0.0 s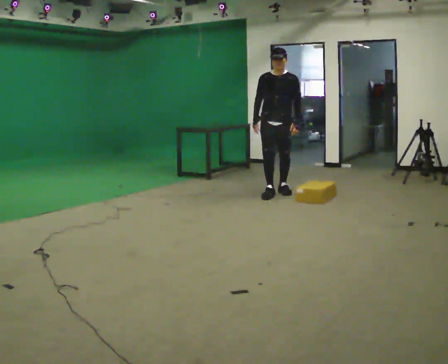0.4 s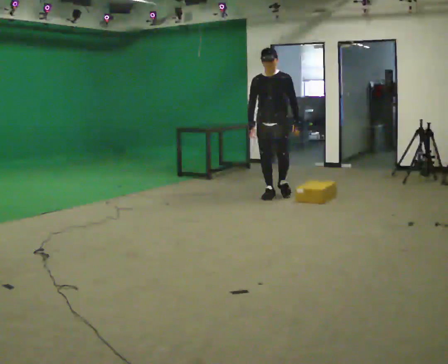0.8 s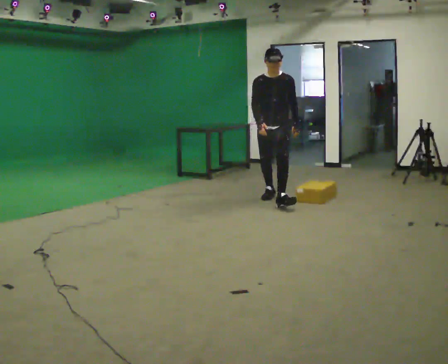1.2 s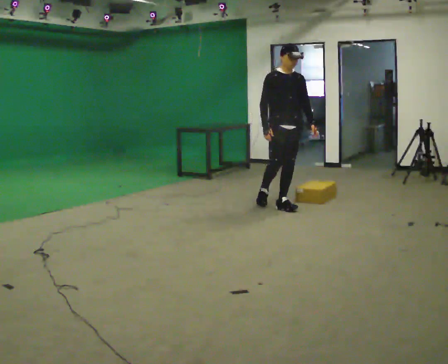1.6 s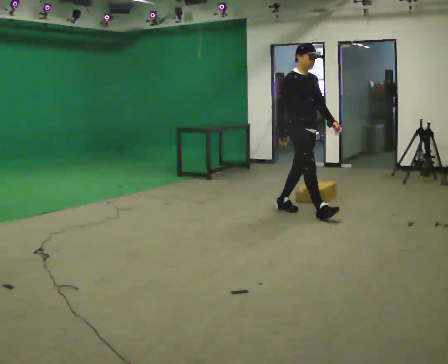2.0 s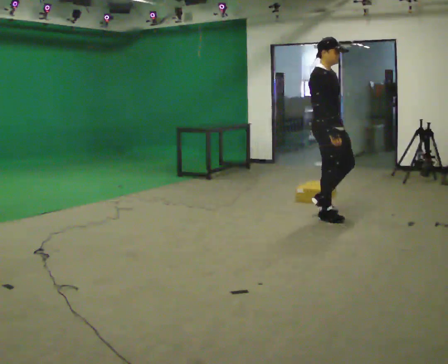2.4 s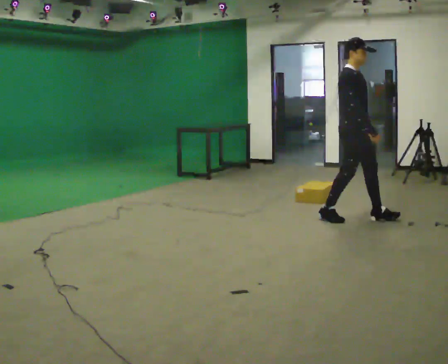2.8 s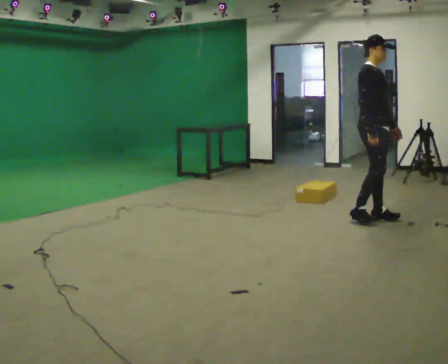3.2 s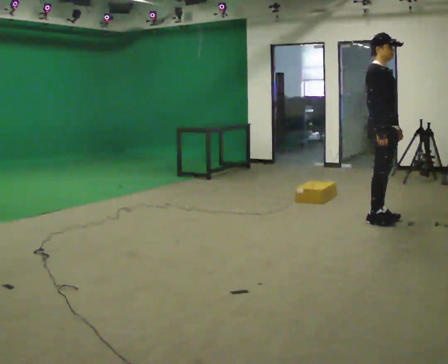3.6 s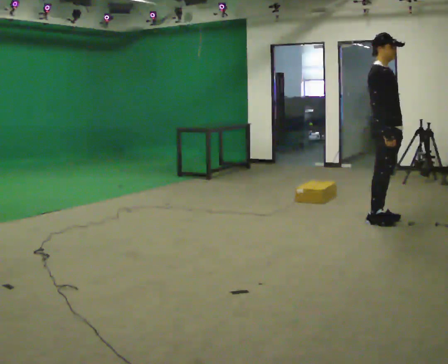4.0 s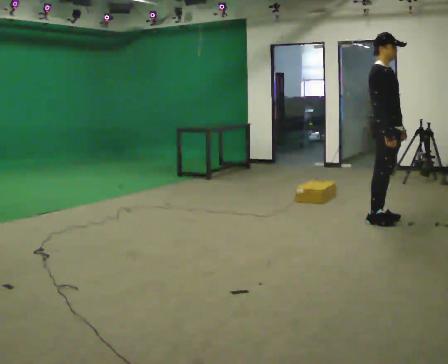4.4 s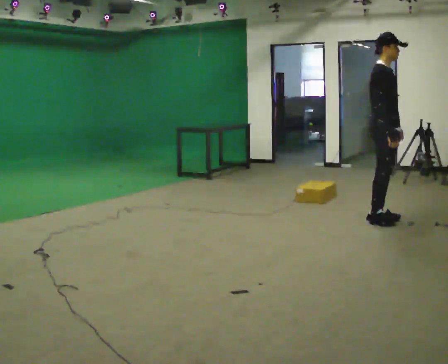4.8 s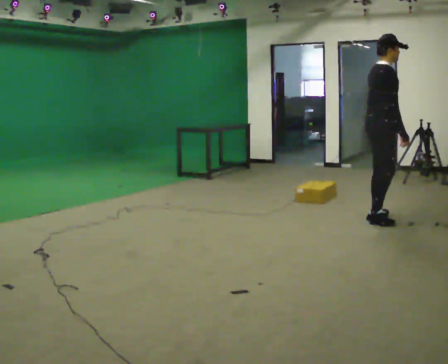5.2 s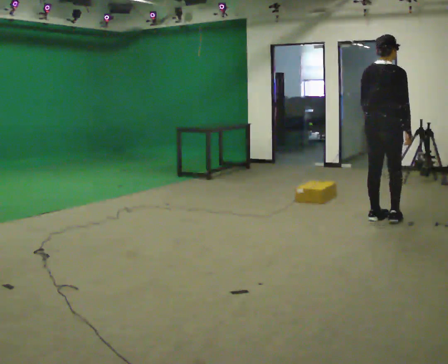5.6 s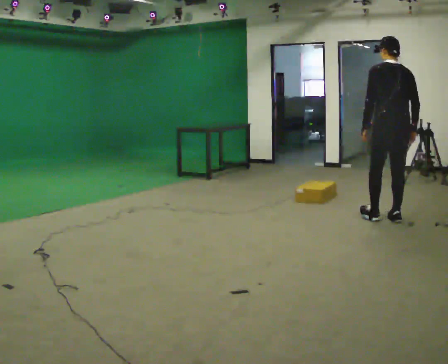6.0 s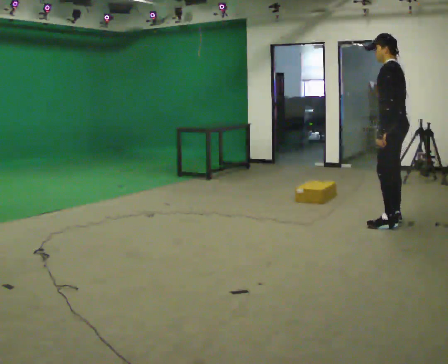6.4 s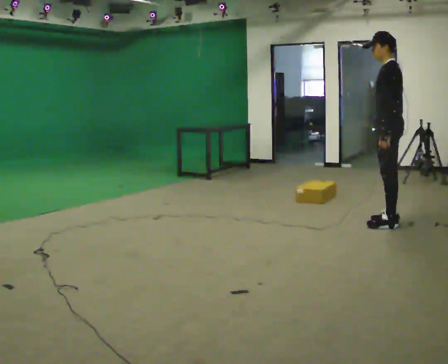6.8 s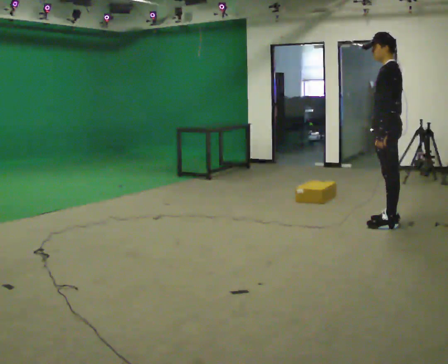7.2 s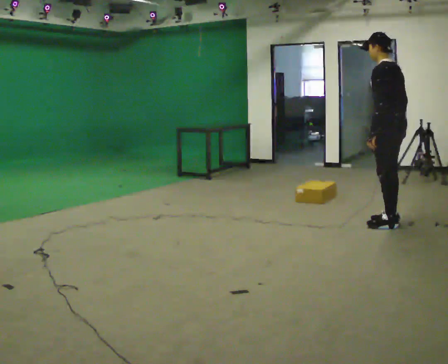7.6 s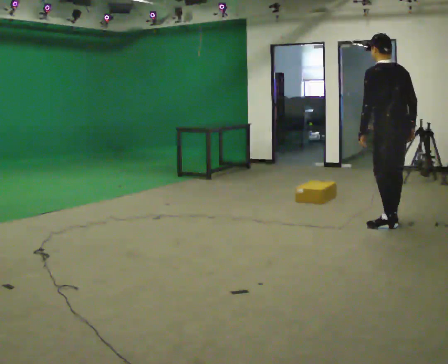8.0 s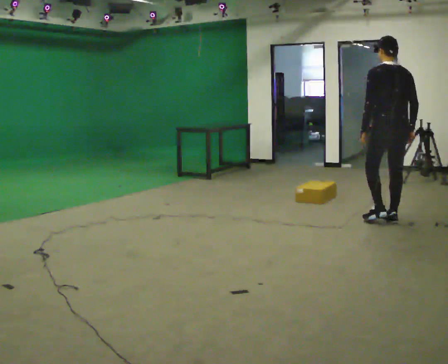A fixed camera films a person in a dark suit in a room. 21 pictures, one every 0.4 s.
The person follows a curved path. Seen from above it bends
counterclockwise.
0.0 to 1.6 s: The part of the body nearest the lens slides to the right as the person turns to their left by about 60 degrees. In the picture they go toward the camera and to the right, about 1 m in 2 steps.
1.6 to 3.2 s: In the picture they go to the right, about 1 m in 2 steps, which for them is forward.
3.2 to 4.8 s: Seen from above the body turns counterclockwise, about 45 degrees: to their left, with its near side sliding to the right.
4.8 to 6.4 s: The part of the body nearest the lens slides to the right as the person turns to their left by about 150 degrees.
6.4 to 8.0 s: Seen from above the body turns clockwise, about 75 degrees: to their right, with its near side sliding to the left.
The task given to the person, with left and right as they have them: Walk quickly but do not run; remain comfortable and controlled; stop.
The film runs forward here.
